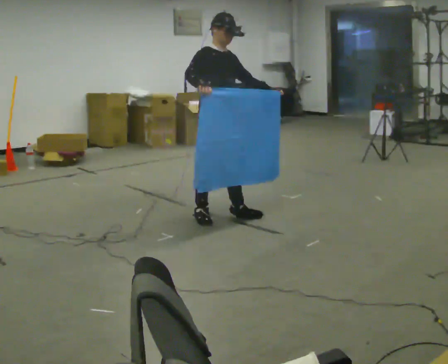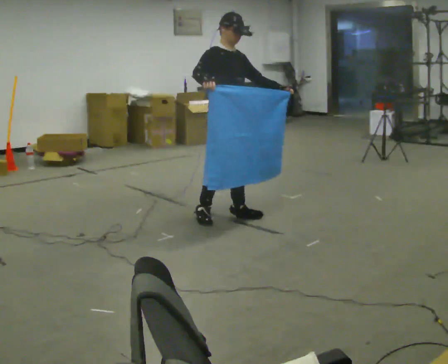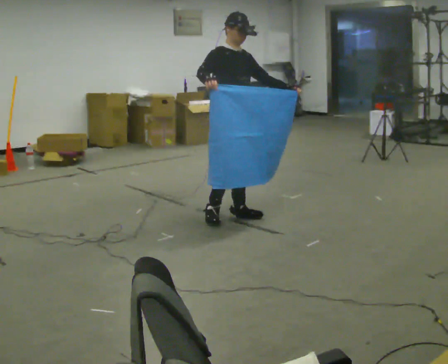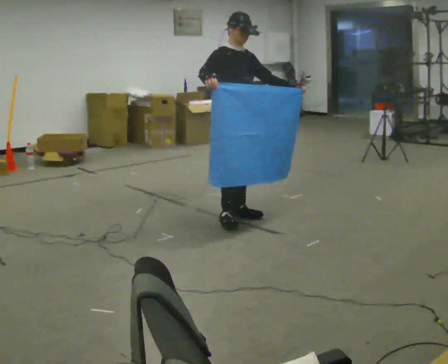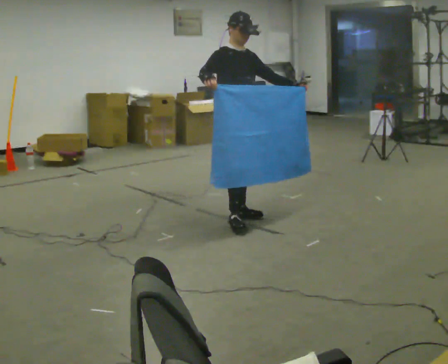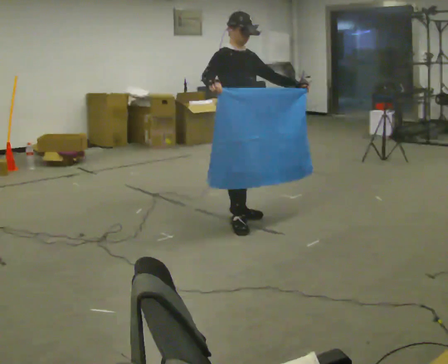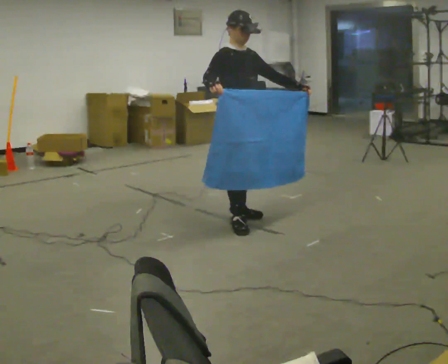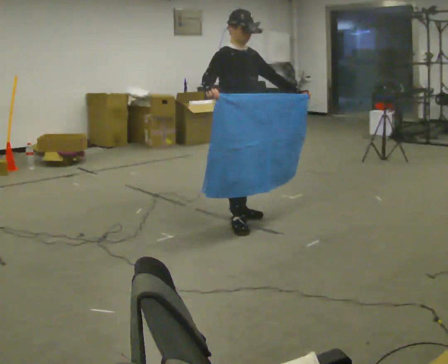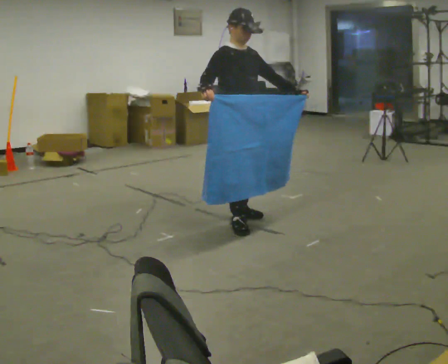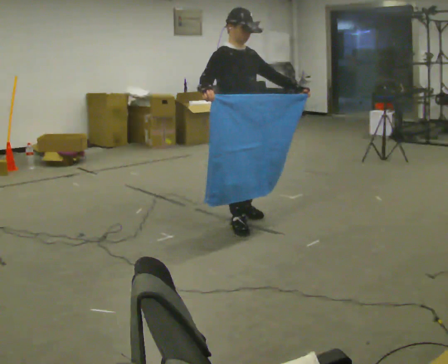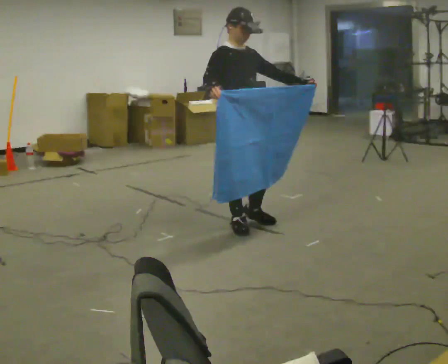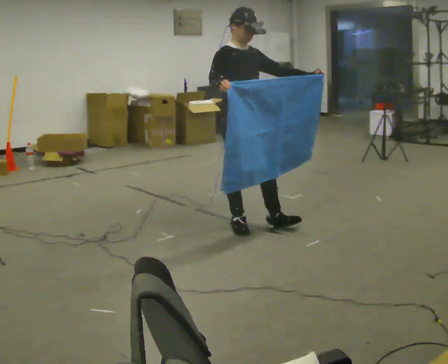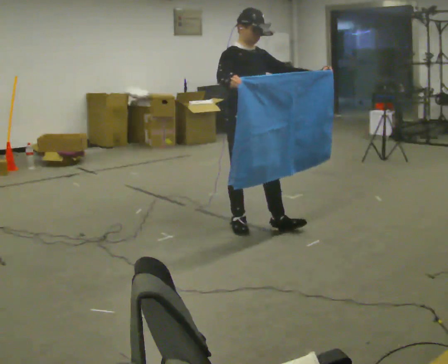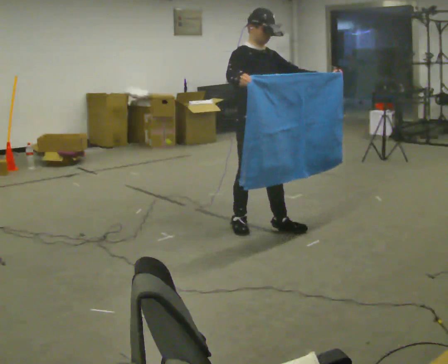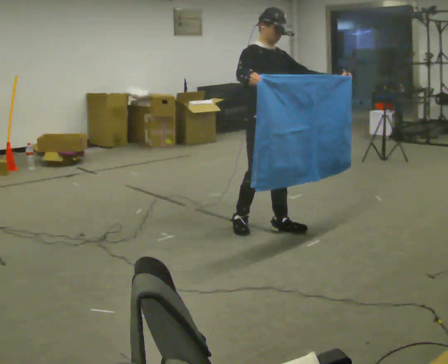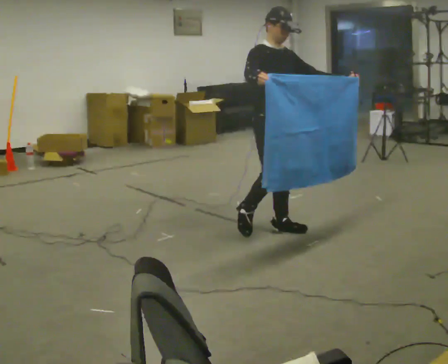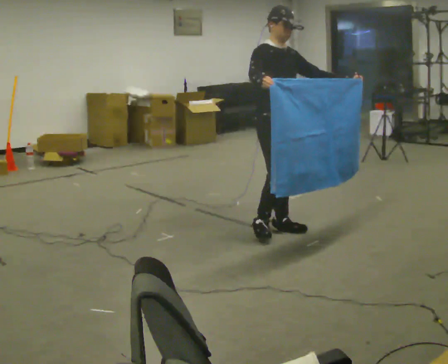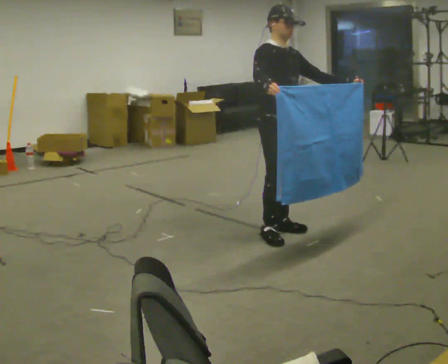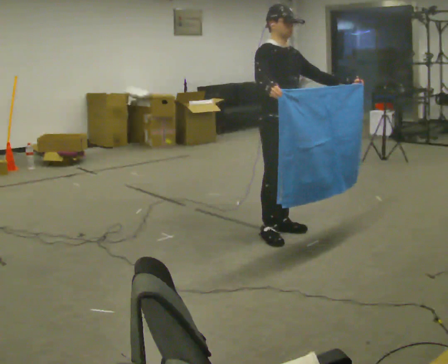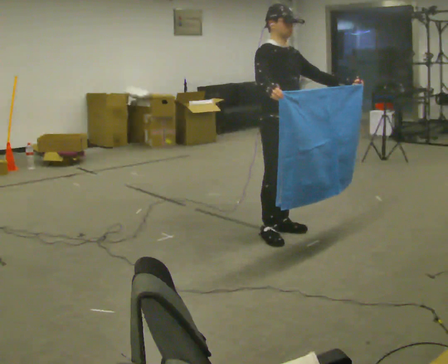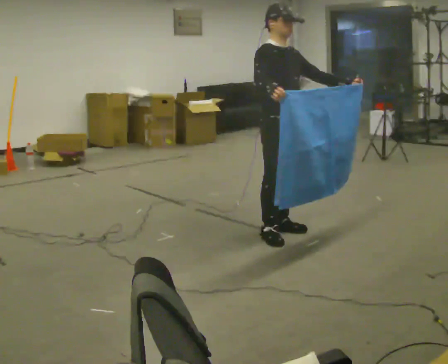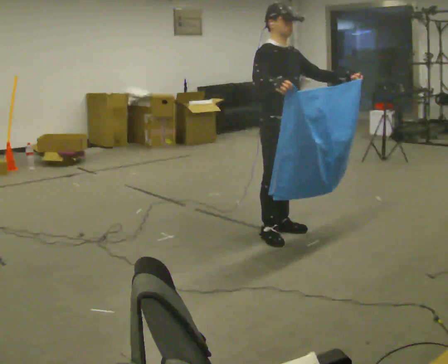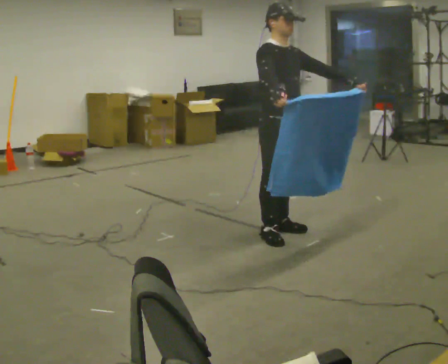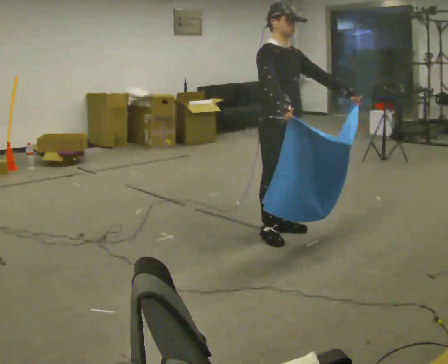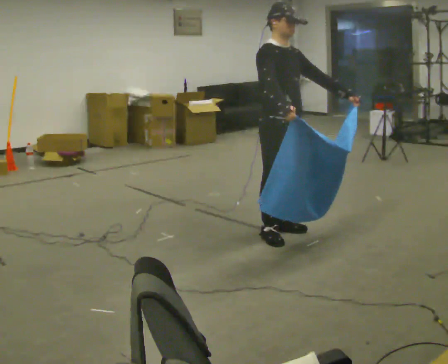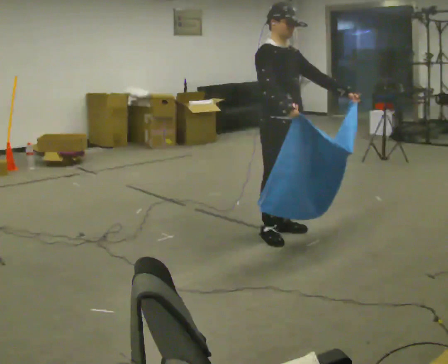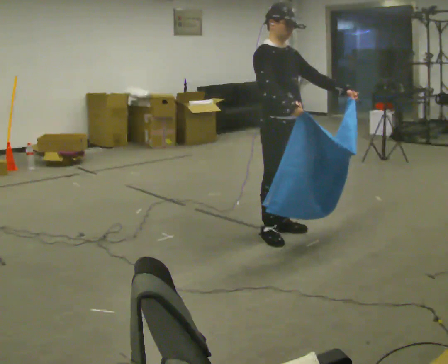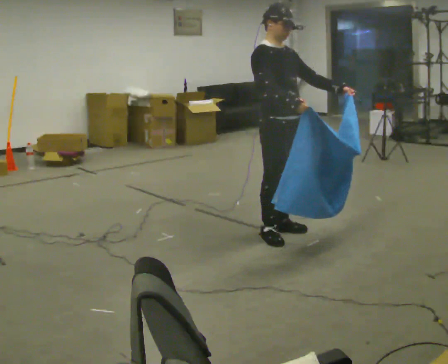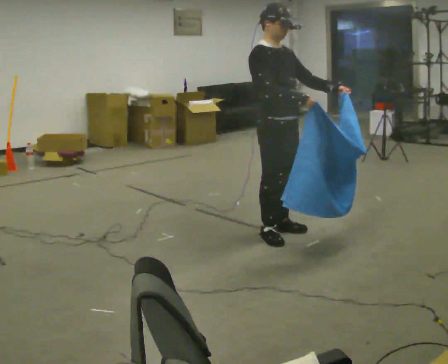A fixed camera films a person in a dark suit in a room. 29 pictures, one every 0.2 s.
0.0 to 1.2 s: In the picture they go to the right, about 0.25 m in 1 step, which for them is forward.
1.2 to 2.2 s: In the picture they go toward the camera, about 0.25 m, which for them is forward and to their right.
2.2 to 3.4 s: In the picture they go to the right, about 0.25 m in 2 steps, which for them is forward and to their left.
3.4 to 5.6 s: The person moves a little, or ends about where they began.
The film runs forward here.
